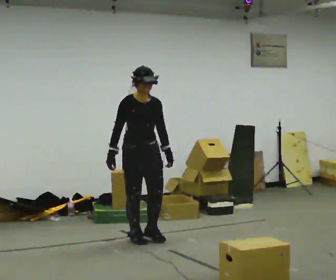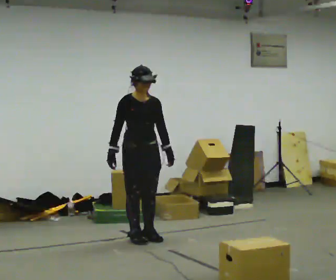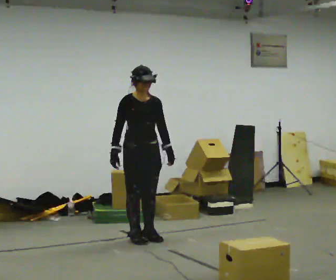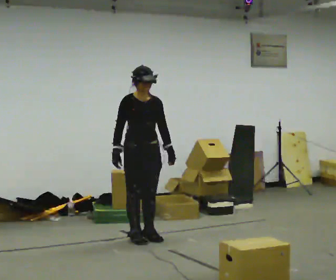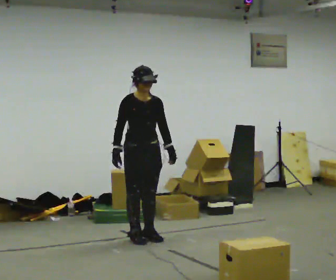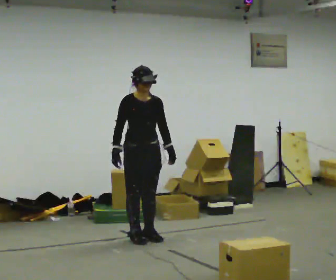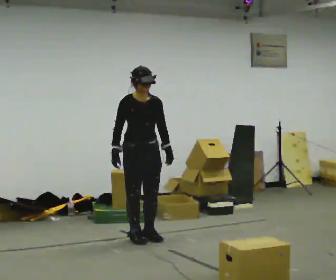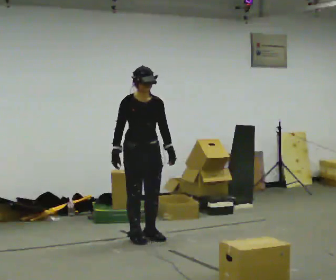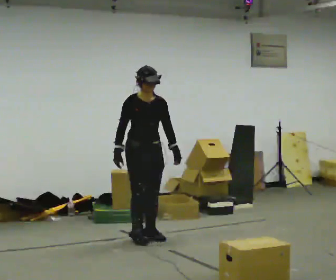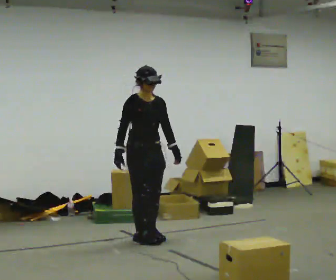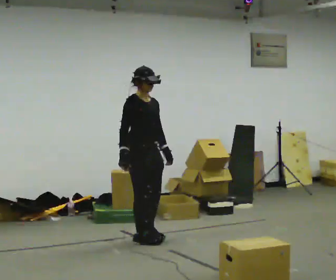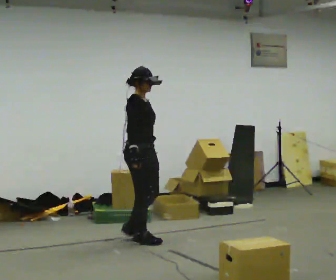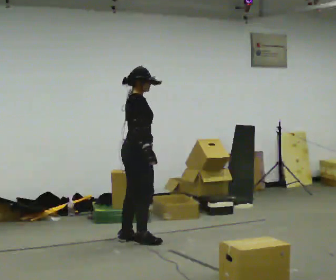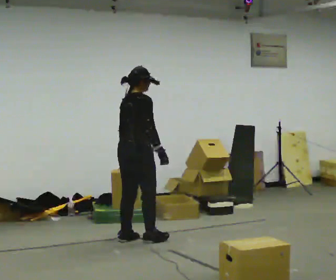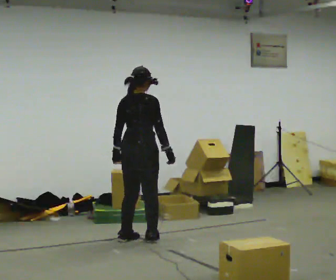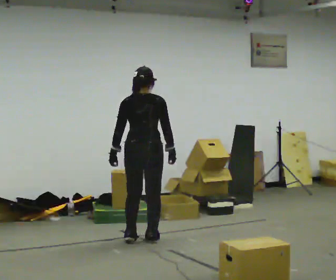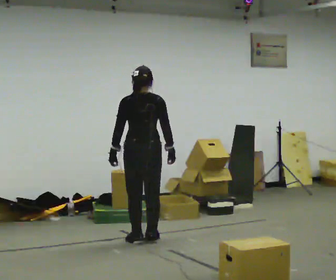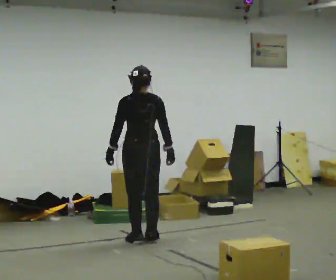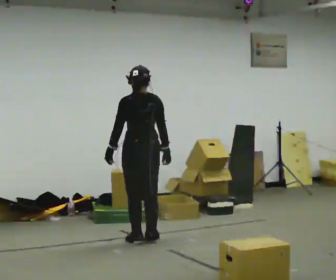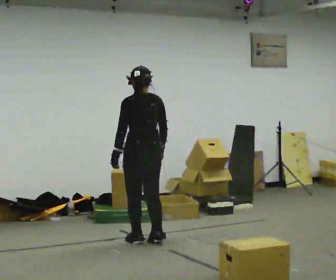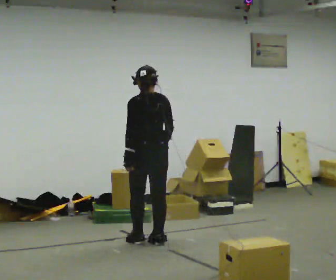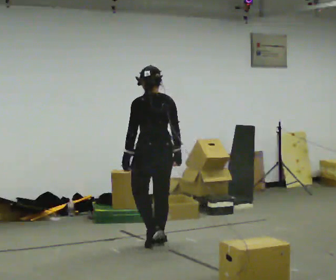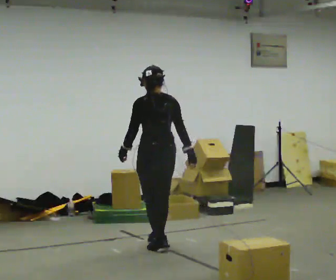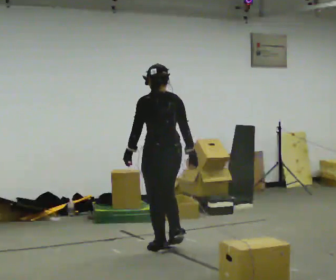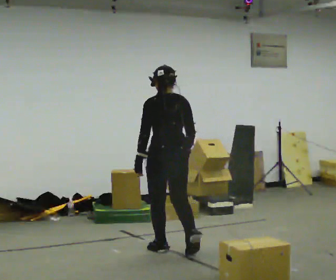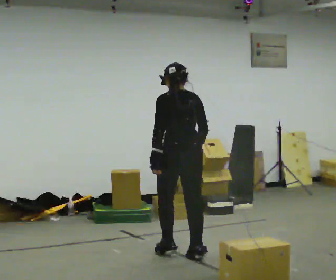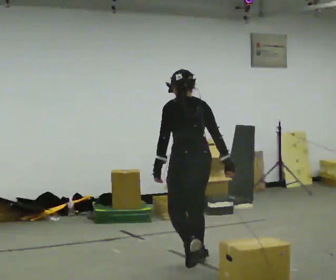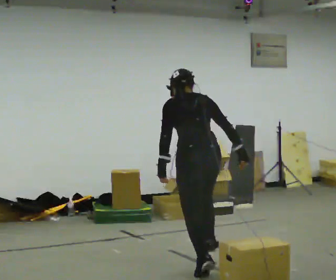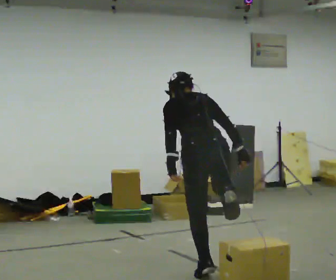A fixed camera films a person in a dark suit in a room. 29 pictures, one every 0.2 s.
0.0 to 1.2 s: The person moves a little, or ends about where they began.
1.2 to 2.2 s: The person turns about 45 degrees to their left, counterclockwise seen from above, so the part of the body nearest the lens slides to the right.
2.2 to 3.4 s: The part of the body nearest the lens slides to the right as the person turns to their left by about 120 degrees. In the picture their right hand goes to the right.
3.4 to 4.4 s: In the picture they go toward the camera, about 0.25 m in 1 step, which for them is backward.
4.4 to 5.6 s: In the picture they go toward the camera and to the right, about 1 m in 3 steps, which for them is backward. The upper body tips away from the camera, its near side rolling upward, as they bend forward.
The film runs backward here.
